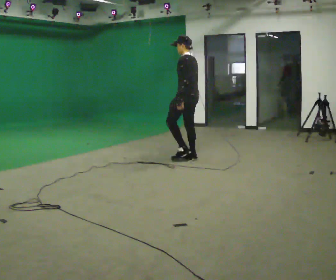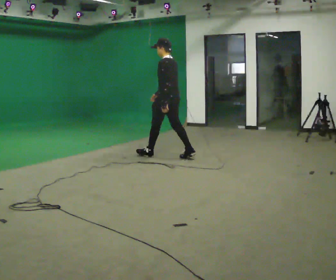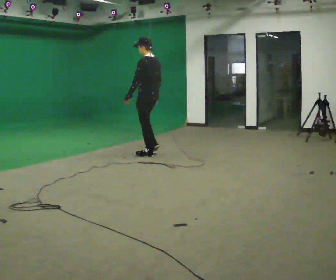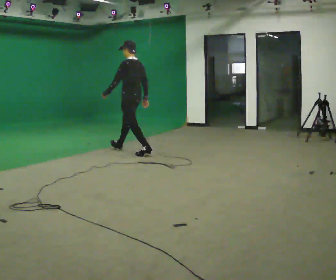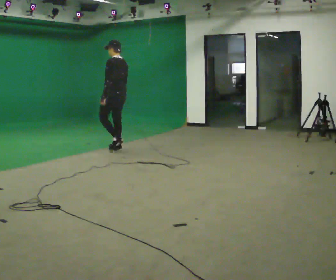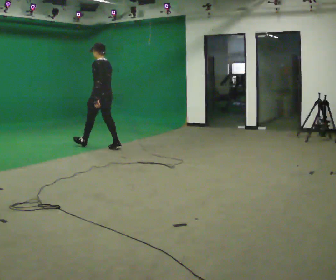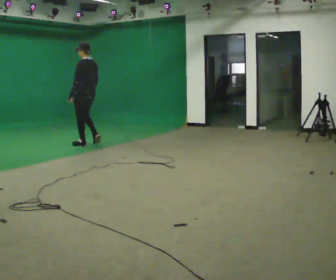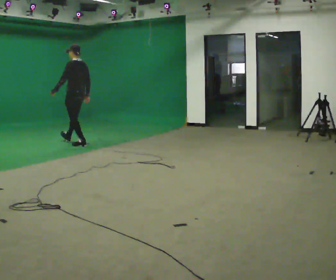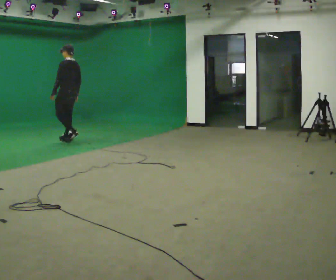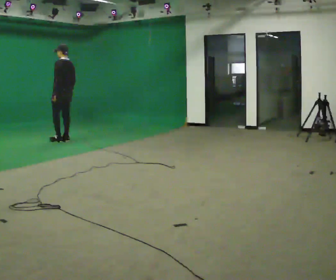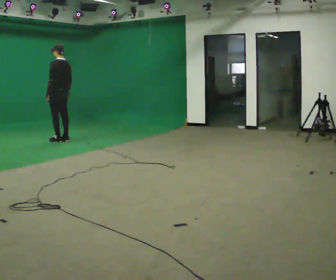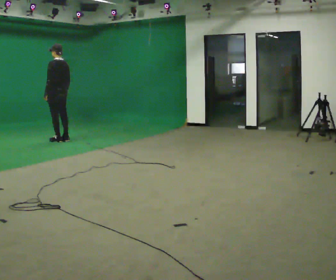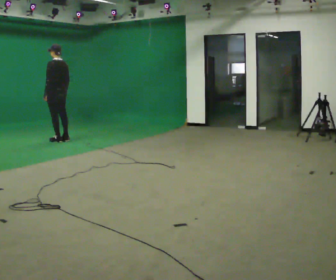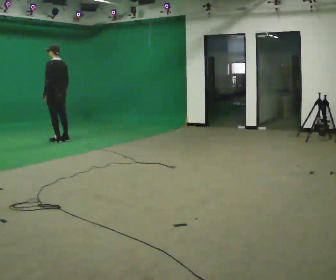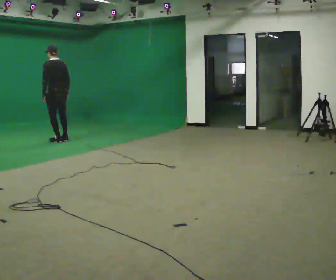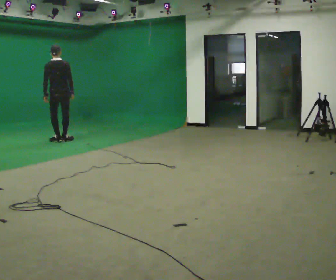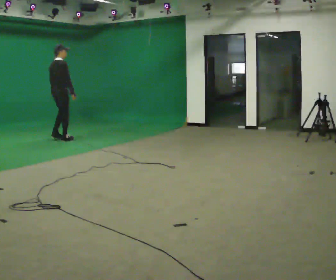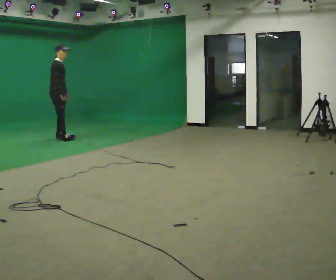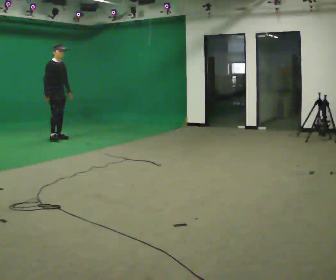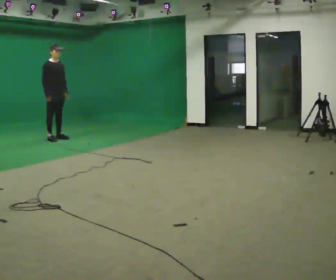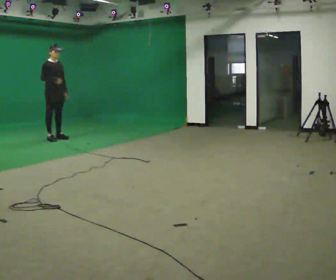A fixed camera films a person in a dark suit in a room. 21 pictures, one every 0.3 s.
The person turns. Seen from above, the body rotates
clockwise.
The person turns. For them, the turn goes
to their right.
0.0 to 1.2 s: In the picture they go away from the camera and to the left, about 1.5 m in 2 steps, which for them is forward.
1.2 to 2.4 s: In the picture they go away from the camera and to the left, about 1 m in 2 steps, which for them is forward.
2.4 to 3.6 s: In the picture they go to the left, about 0.25 m in 1 step, which for them is forward.
3.6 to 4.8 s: The part of the body nearest the lens slides to the left as the person turns to their right by about 105 degrees.
4.8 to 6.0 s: Seen from above the body turns clockwise, about 75 degrees: to their right, with its near side sliding to the left. In the picture they go away from the camera, about 0.25 m in 2 steps. In the picture their right hand goes upward and to the left.
The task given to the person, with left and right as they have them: Stand still 2 s; begin walking naturally; walk forward; stop.
The film runs forward here.
